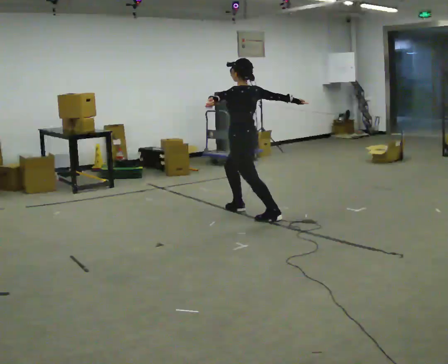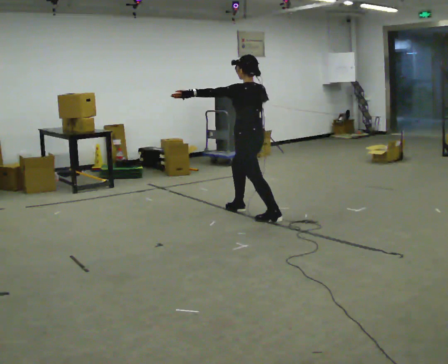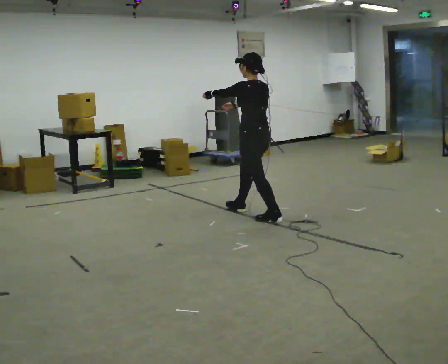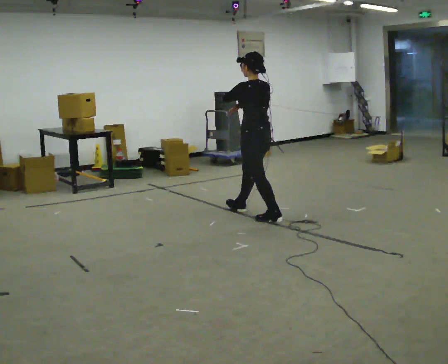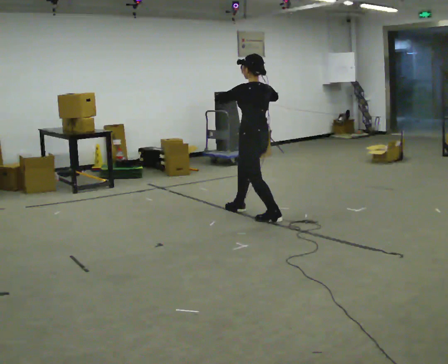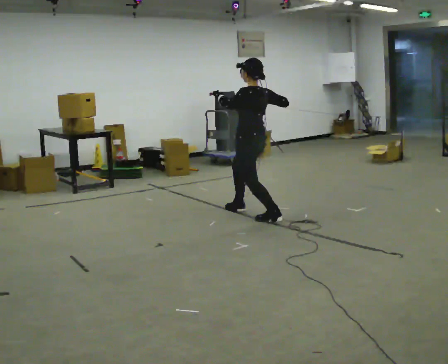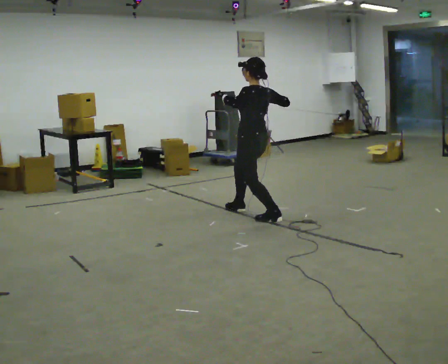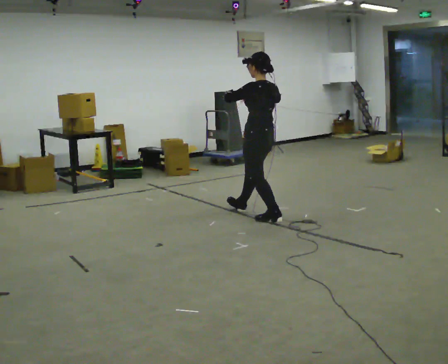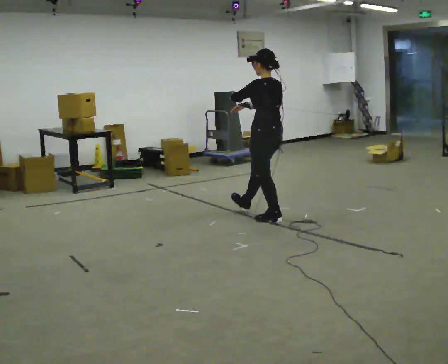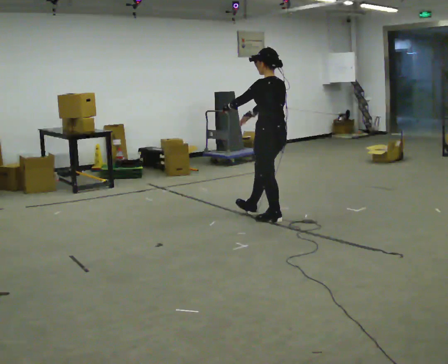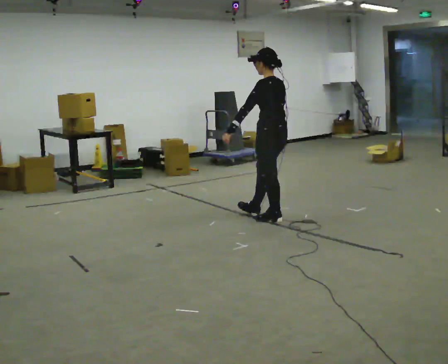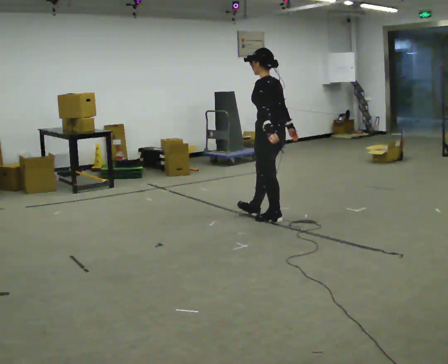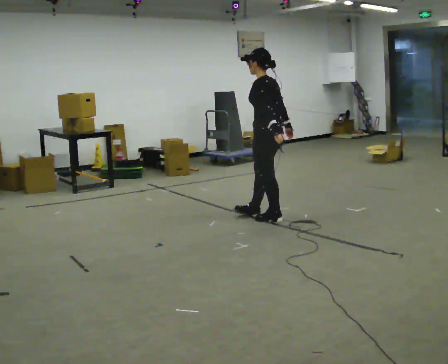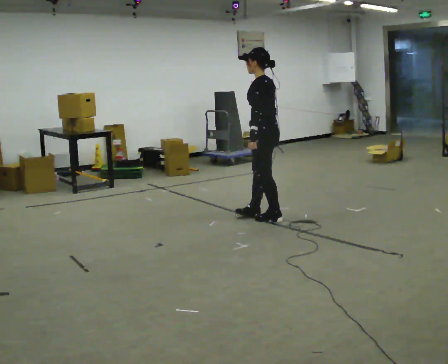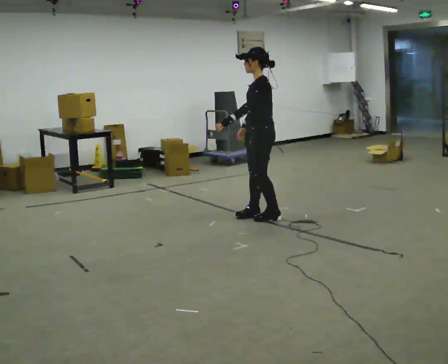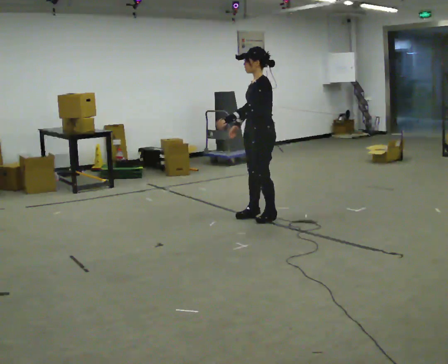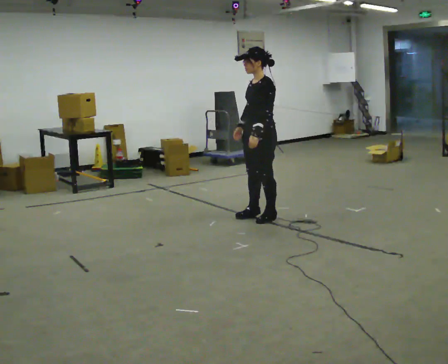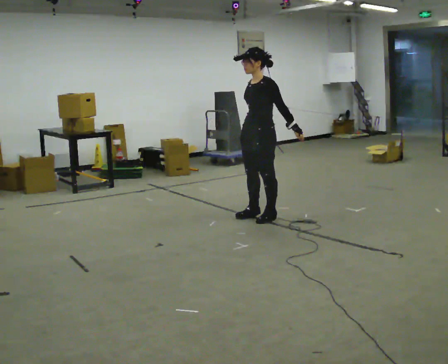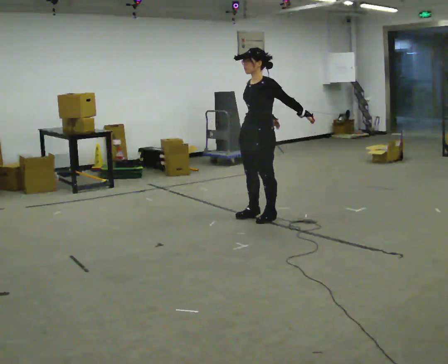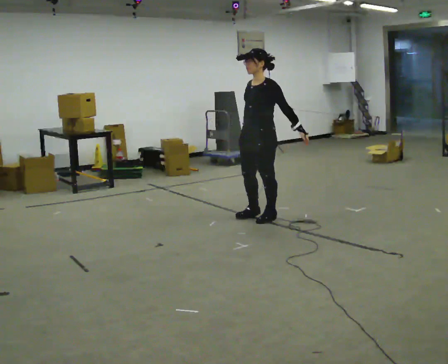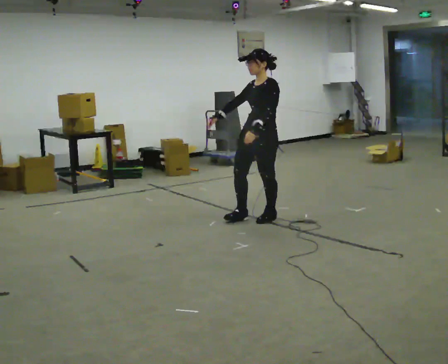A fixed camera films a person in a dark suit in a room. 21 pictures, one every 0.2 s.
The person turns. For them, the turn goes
to their left.
The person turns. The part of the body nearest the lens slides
to the right.
0.0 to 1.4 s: In the picture they go to the right, about 0.25 m, which for them is backward. In the picture their right hand goes to the left.
1.4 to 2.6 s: In the picture their left hand goes downward.
2.6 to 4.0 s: The person turns about 60 degrees to their left, counterclockwise seen from above, so the part of the body nearest the lens slides to the right. In the picture their right hand goes to the left.
The film runs backward here.
